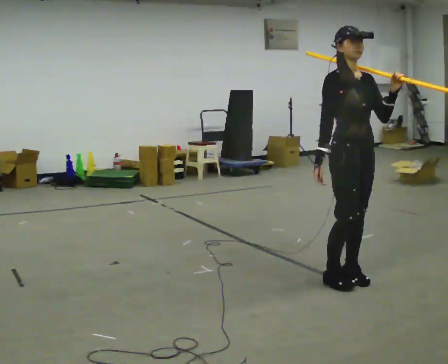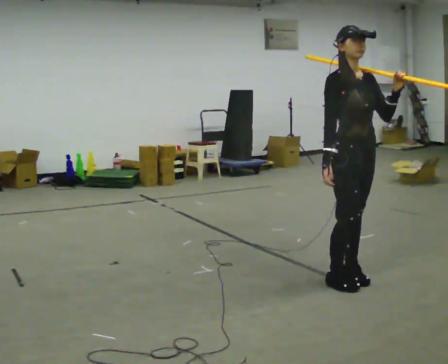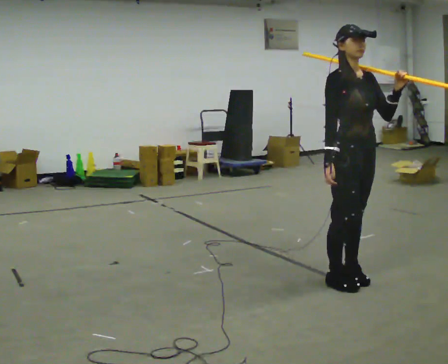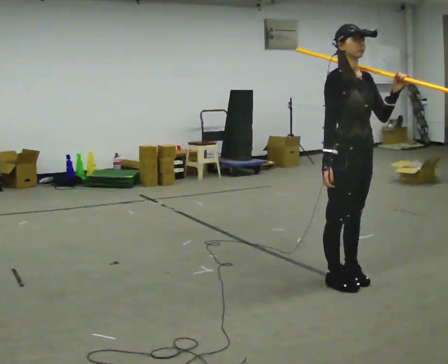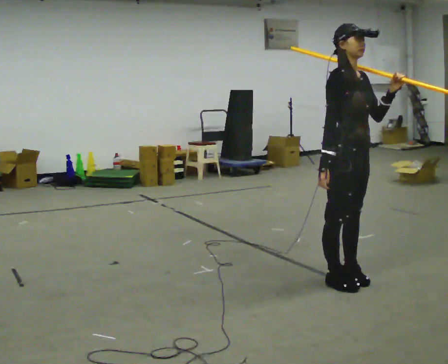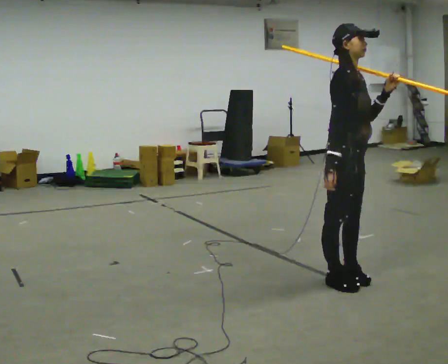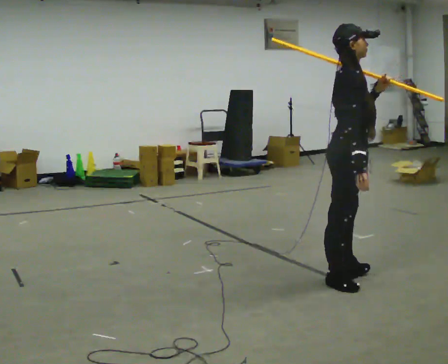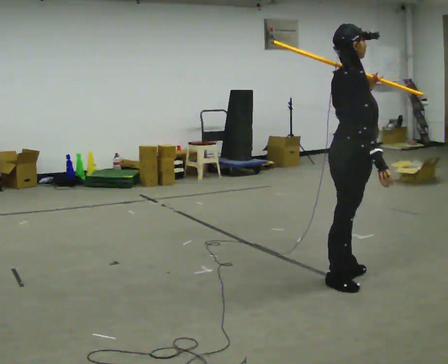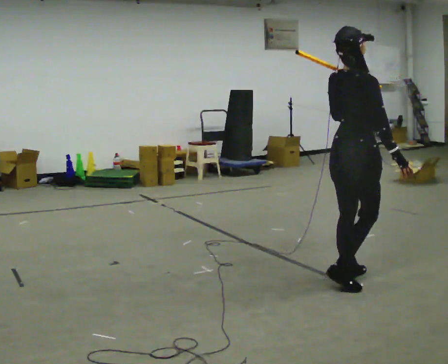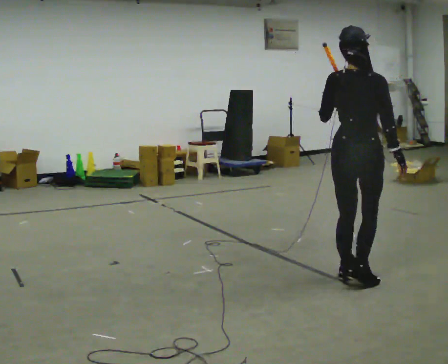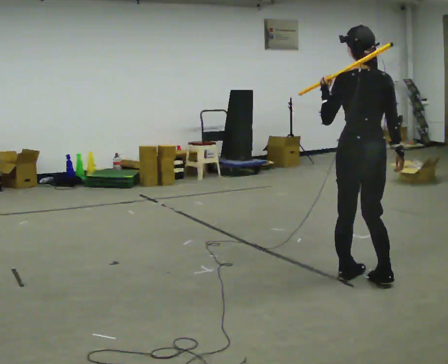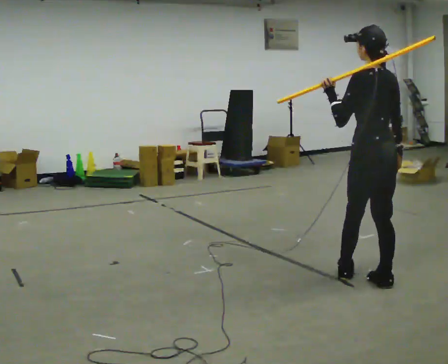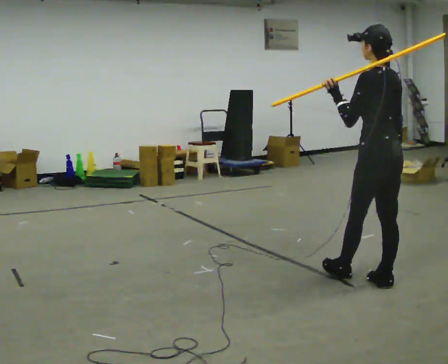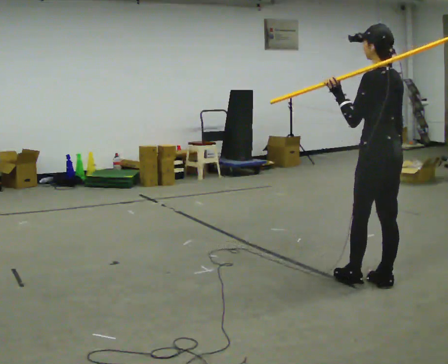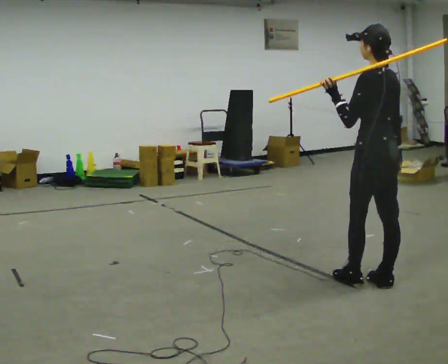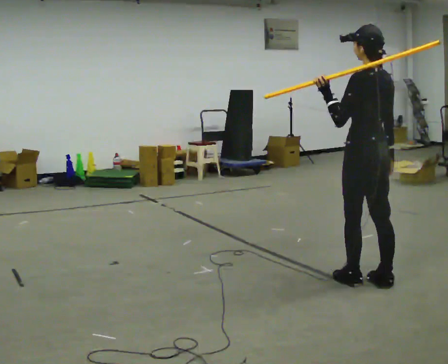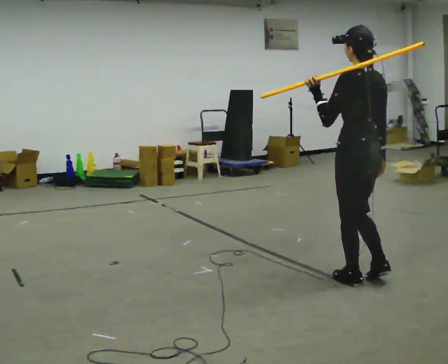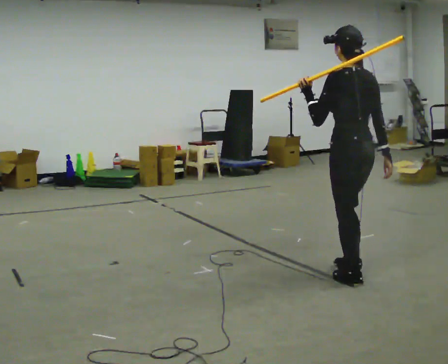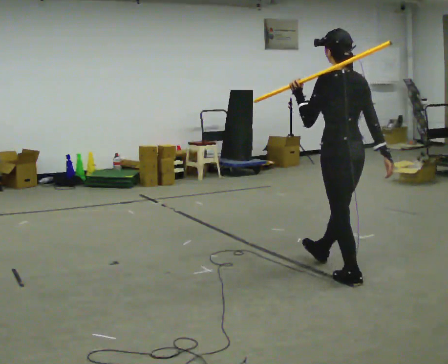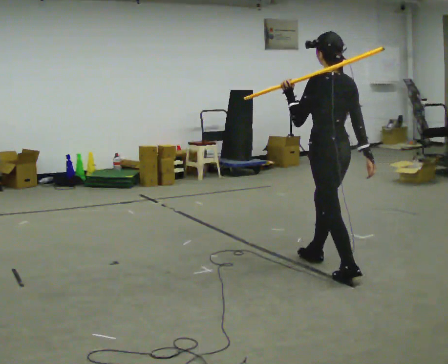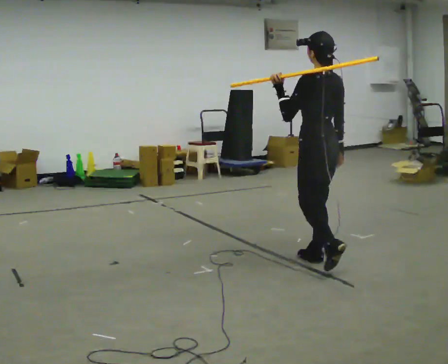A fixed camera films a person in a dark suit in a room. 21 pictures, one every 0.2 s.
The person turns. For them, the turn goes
to their left.
The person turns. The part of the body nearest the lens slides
to the right.
0.0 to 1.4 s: The part of the body nearest the lens slides to the right as the person turns to their left by about 75 degrees.
1.4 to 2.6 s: The person turns about 105 degrees to their left, counterclockwise seen from above, so the part of the body nearest the lens slides to the right. In the picture they go to the right, about 0.25 m in 2 steps.
2.6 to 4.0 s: In the picture they go away from the camera and to the left, about 0.75 m in 1 step, which for them is forward.
The film runs forward here.
